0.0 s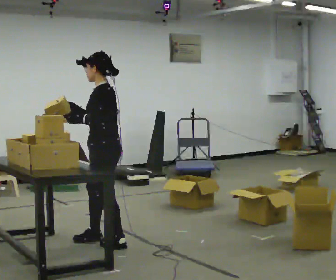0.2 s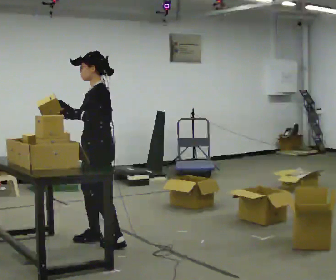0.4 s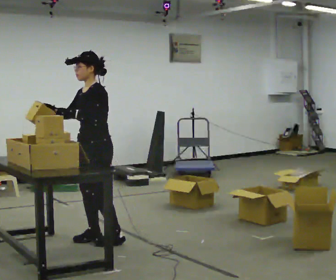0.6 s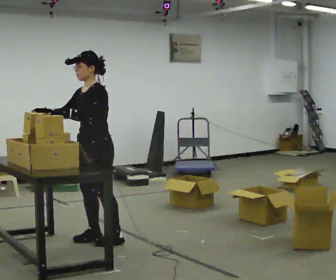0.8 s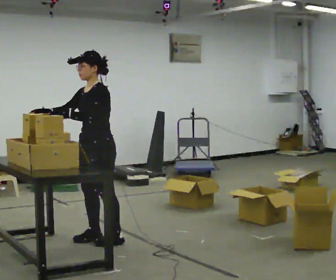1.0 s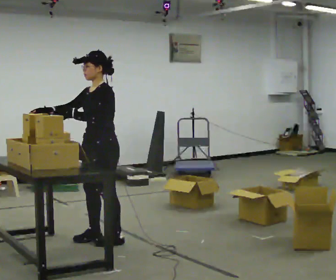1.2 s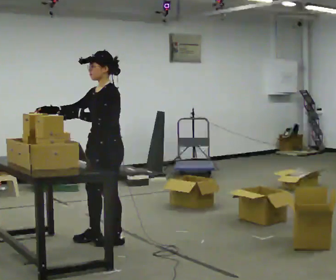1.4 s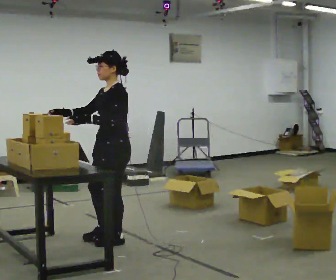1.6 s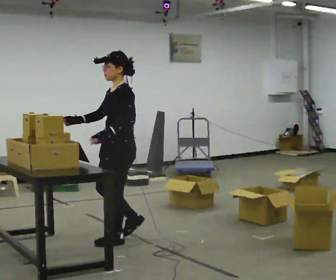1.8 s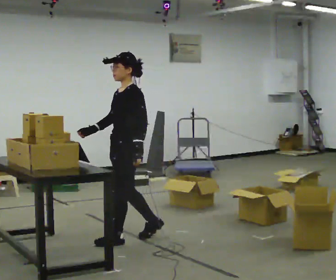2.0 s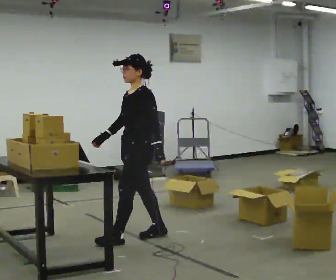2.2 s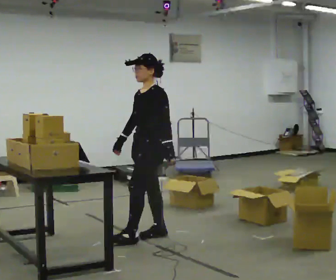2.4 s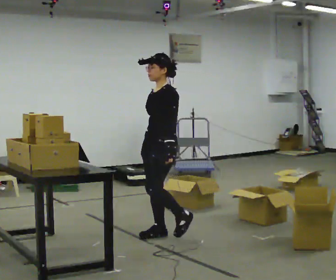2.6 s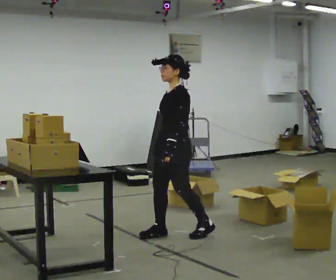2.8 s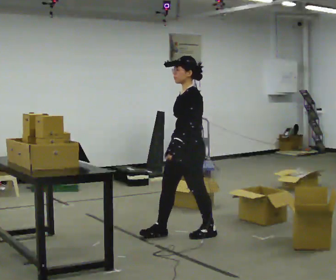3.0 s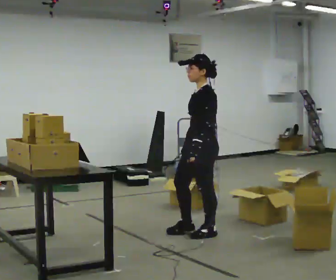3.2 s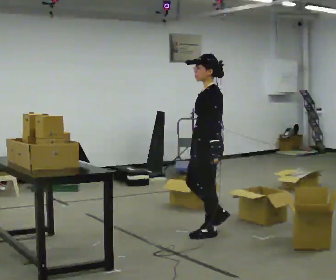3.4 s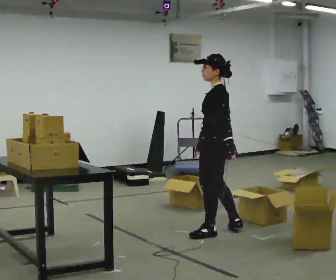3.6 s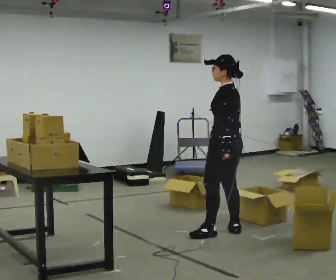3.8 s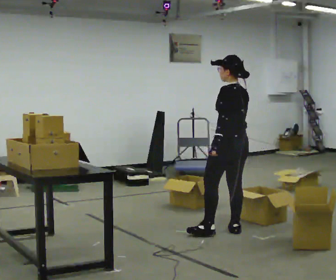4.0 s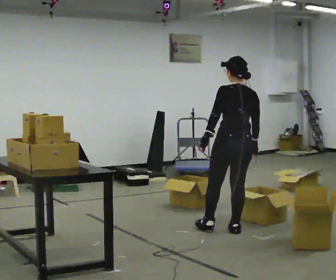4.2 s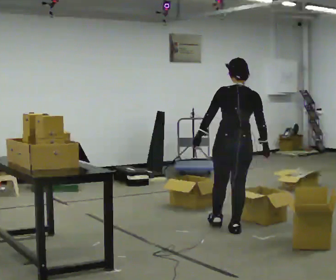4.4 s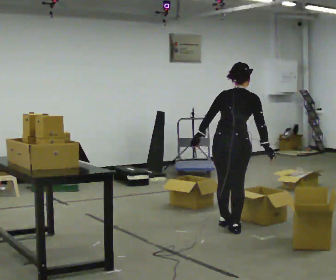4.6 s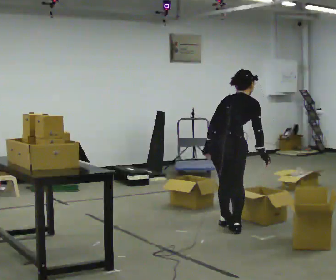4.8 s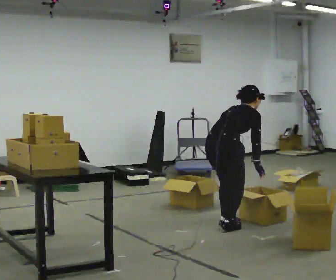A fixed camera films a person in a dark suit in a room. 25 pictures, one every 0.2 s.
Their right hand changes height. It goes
downward.
0.0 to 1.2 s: The person turns about 30 degrees to their left, counterclockwise seen from above, so the part of the body nearest the lens slides to the right.
1.2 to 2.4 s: In the picture they go to the right and away from the camera, about 0.5 m in 2 steps, which for them is backward.
2.4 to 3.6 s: The person turns about 60 degrees to their right, clockwise seen from above, so the part of the body nearest the lens slides to the left. In the picture they go to the right, about 0.5 m in 1 step, which for them is backward.
3.6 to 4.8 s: Seen from above the body turns clockwise, about 105 degrees: to their right, with its near side sliding to the left. The shoulders move downward. In the picture the upper body tilts clockwise, shoulders to the right, as they bend forward.
The film runs backward here.
